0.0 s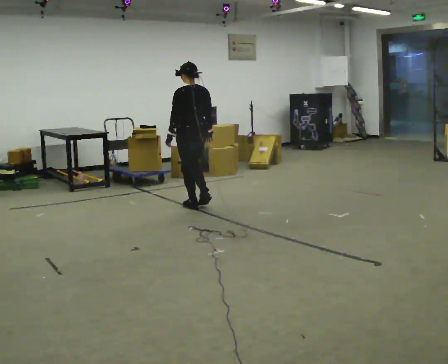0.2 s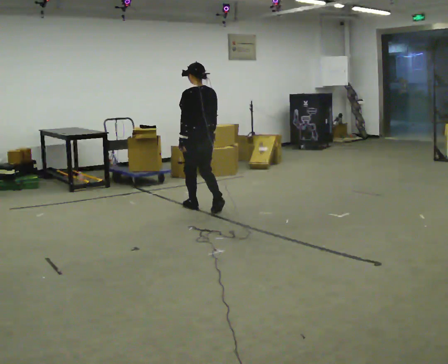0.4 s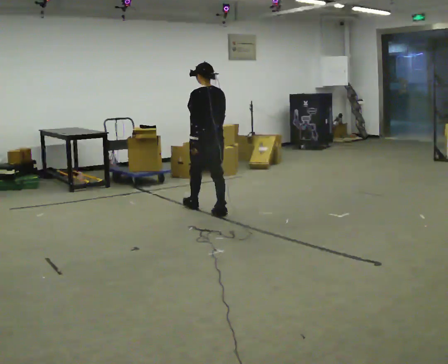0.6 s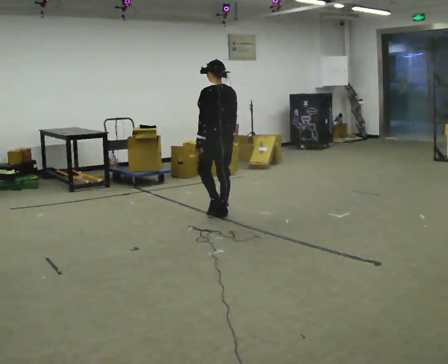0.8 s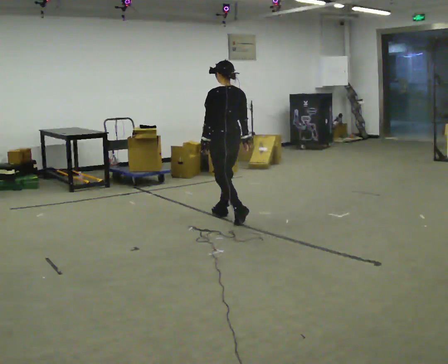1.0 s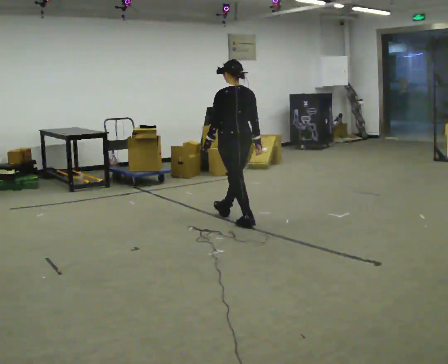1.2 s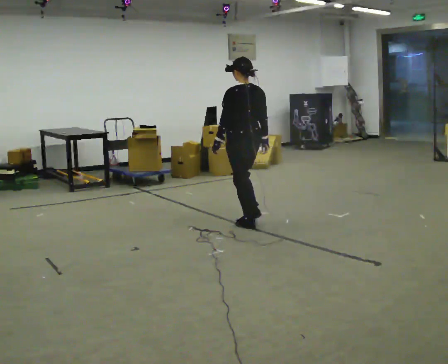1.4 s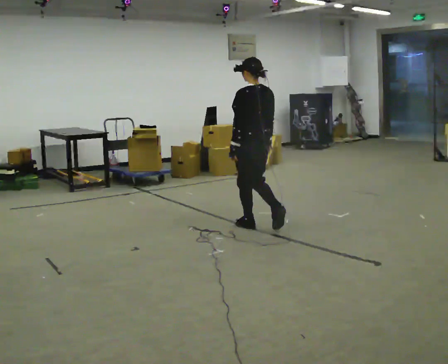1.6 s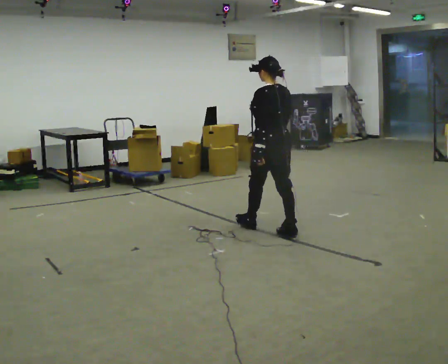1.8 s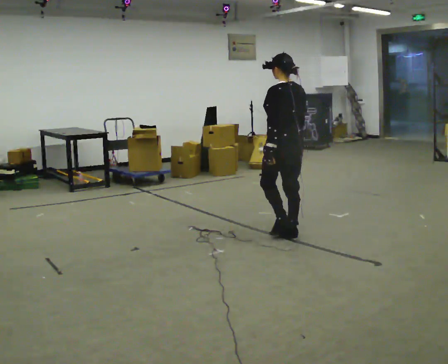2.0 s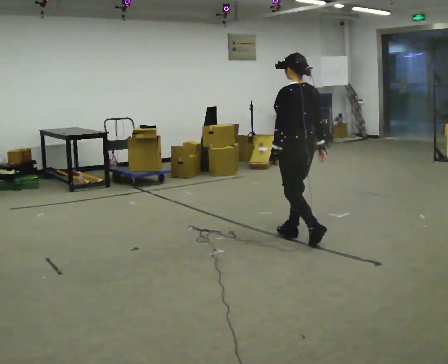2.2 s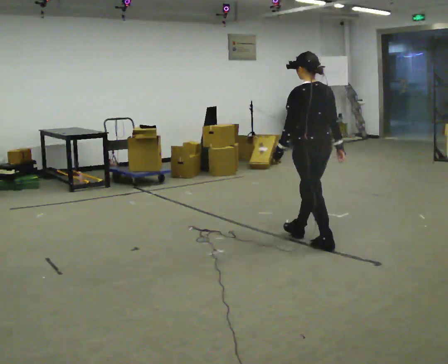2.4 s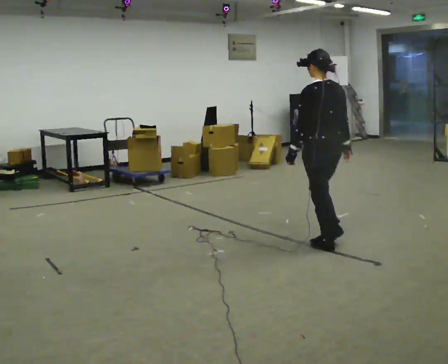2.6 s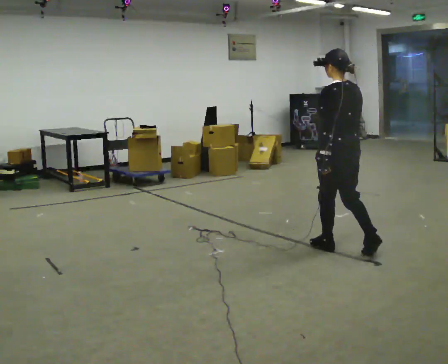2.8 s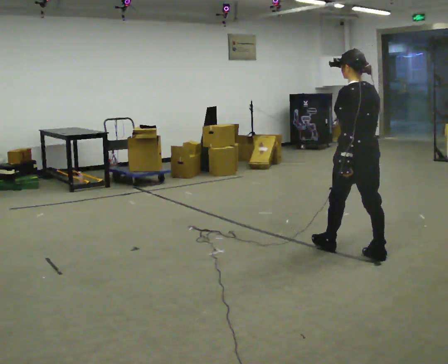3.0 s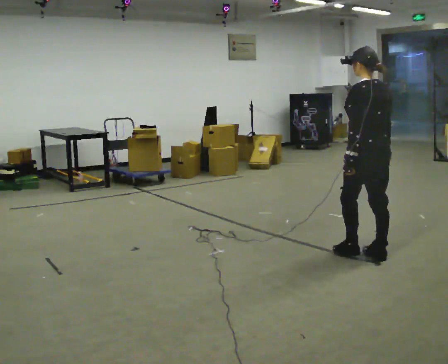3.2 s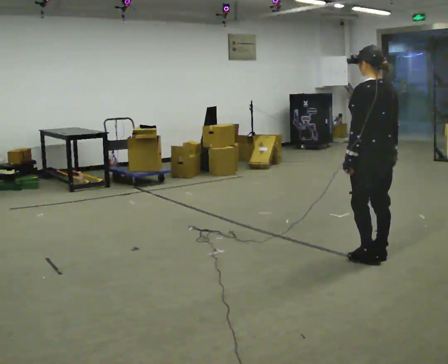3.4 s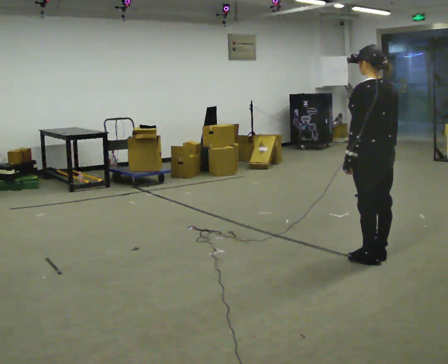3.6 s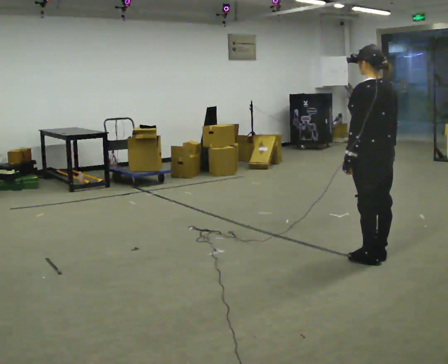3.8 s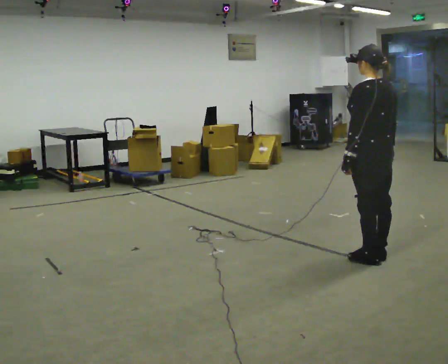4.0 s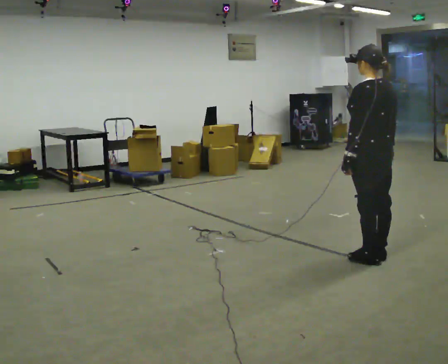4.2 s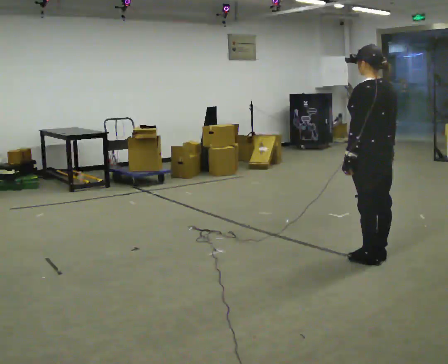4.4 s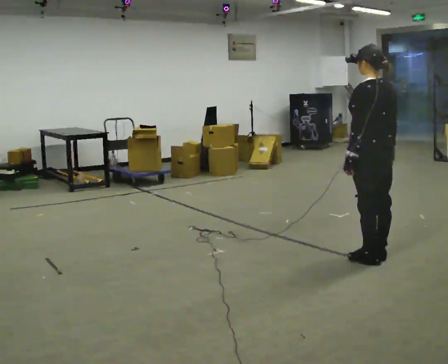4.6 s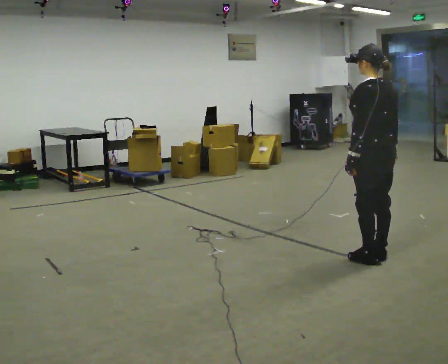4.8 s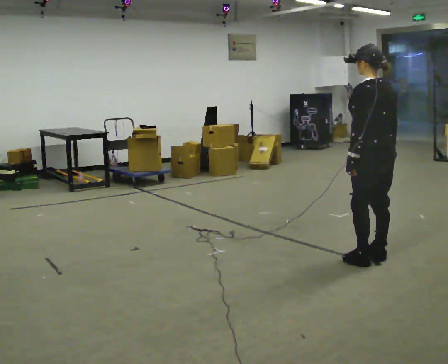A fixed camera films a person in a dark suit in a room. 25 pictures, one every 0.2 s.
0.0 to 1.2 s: In the picture they go to the right and toward the camera, about 1 m in 2 steps, which for them is backward.
1.2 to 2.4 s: In the picture they go to the right and toward the camera, about 1 m in 2 steps, which for them is backward.
2.4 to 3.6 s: In the picture they go to the right and toward the camera, about 0.5 m in 1 step, which for them is backward.
3.6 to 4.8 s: The person moves a little, or ends about where they began.
The film runs backward here.
